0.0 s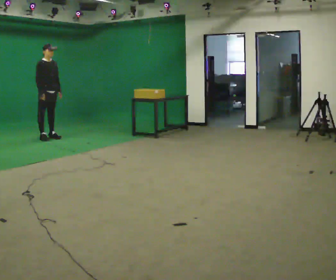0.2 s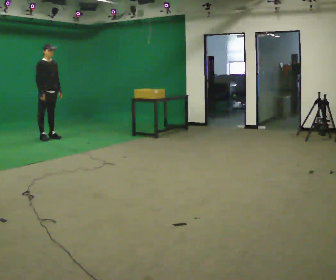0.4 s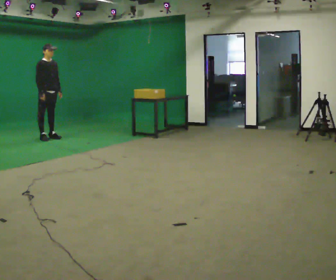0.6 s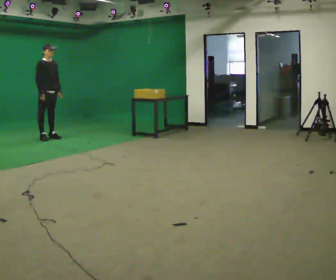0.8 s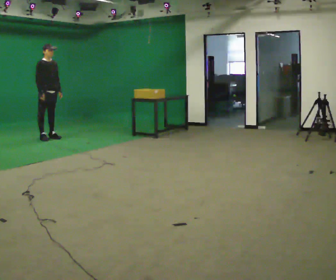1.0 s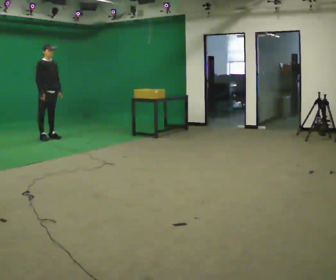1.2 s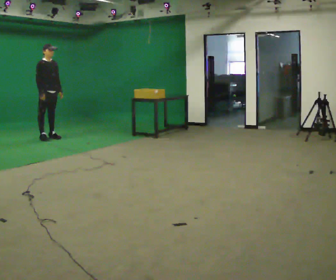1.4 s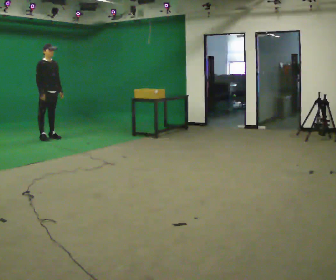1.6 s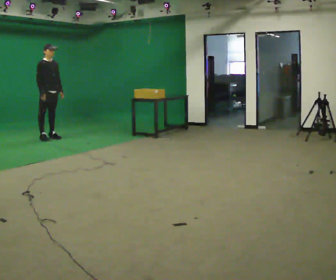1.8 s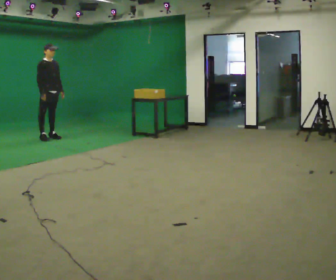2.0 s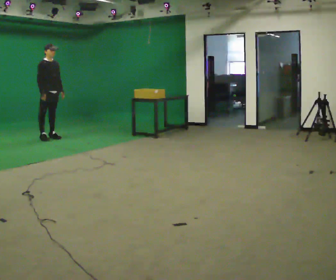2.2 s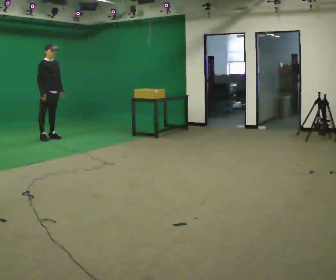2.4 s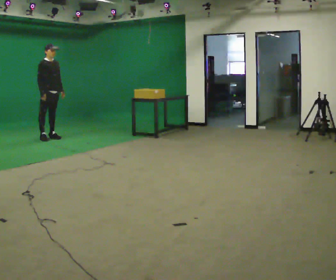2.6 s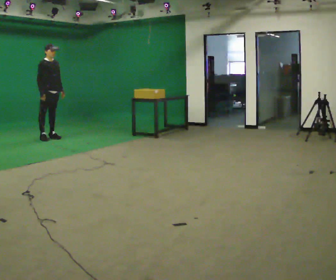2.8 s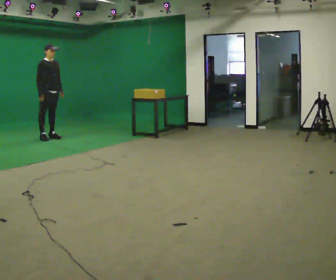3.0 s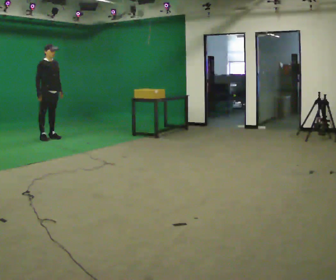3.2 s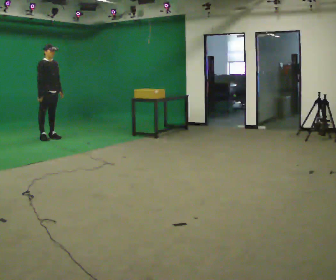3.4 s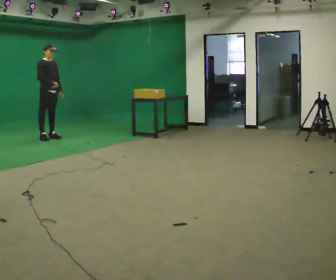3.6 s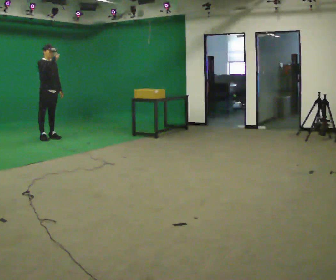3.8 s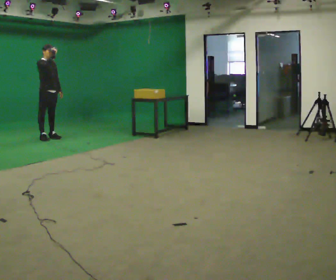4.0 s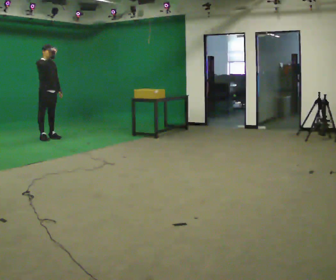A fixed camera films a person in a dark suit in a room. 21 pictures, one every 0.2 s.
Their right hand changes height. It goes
upward.
0.0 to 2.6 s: The person moves a little, or ends about where they began.
2.6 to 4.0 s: In the picture their right hand goes upward.
The film runs backward here.
